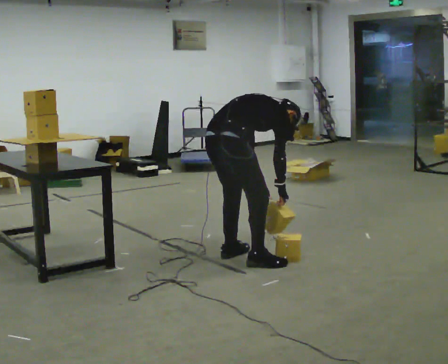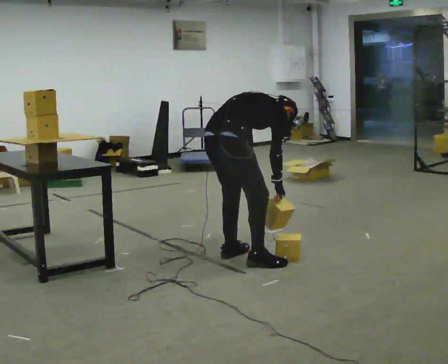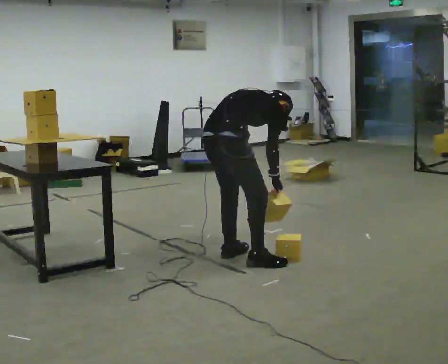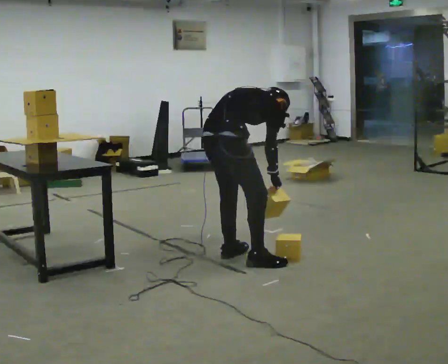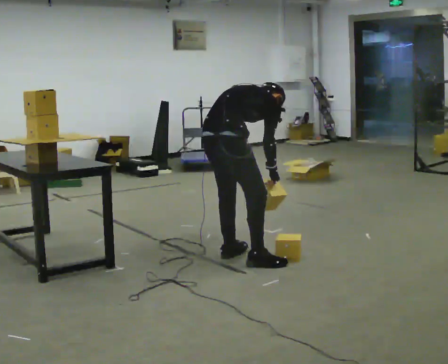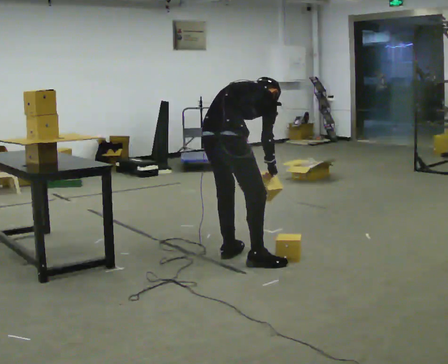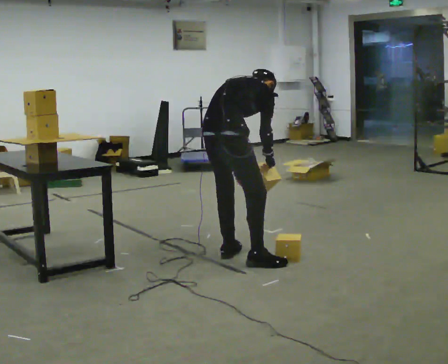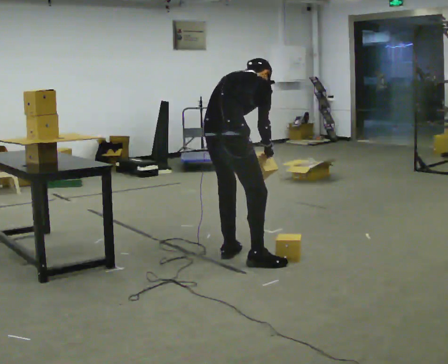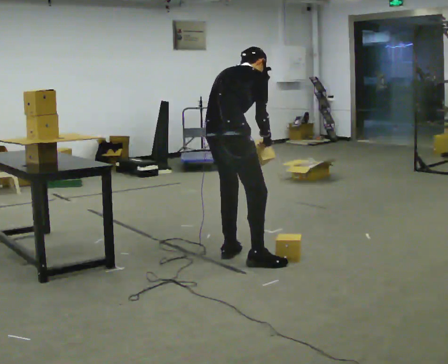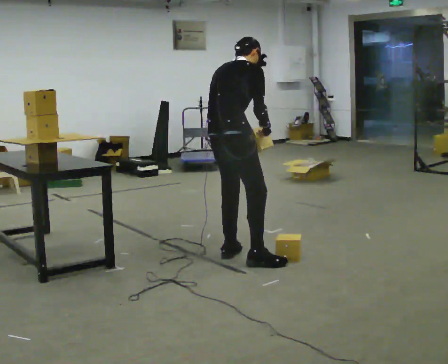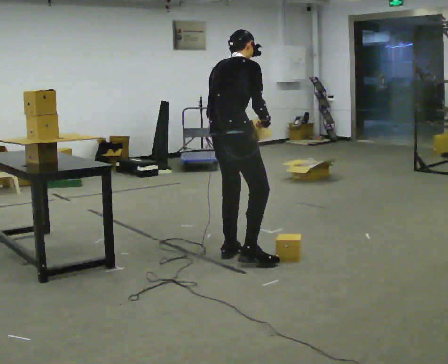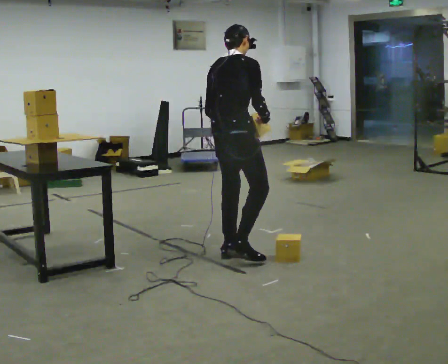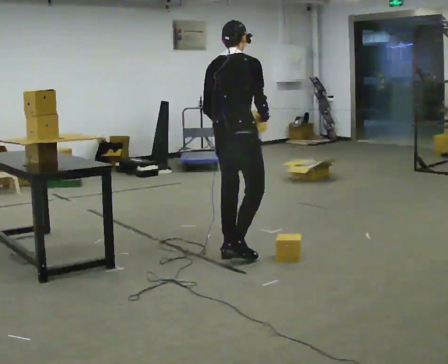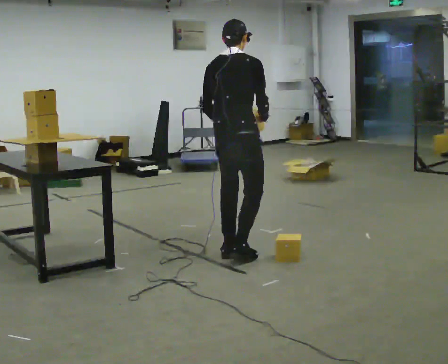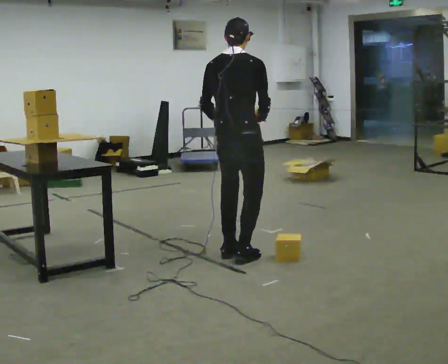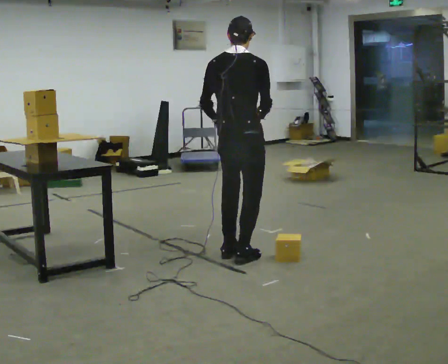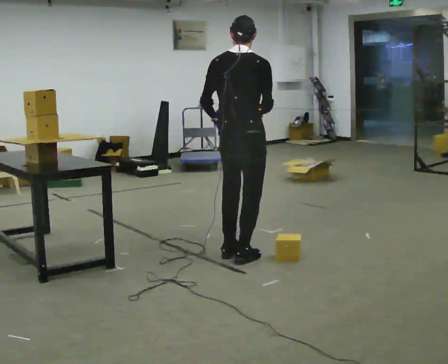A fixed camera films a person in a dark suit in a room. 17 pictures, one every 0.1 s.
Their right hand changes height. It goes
upward.
Their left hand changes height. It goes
upward.
0.0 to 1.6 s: The person turns about 30 degrees to their left, counterclockwise seen from above, so the part of the body nearest the lens slides to the right. In the picture they go away from the camera, about 0.25 m, which for them is forward. The shoulders move upward. In the picture the upper body tilts counterclockwise, shoulders to the left, as they lean back or straighten. In the picture their right hand goes upward.
The film runs forward here.
